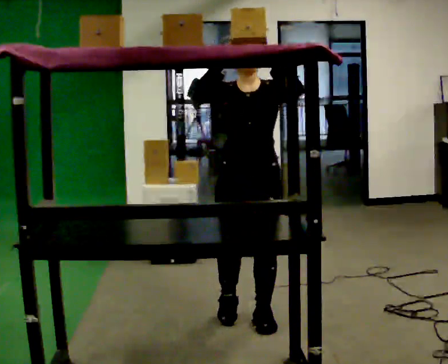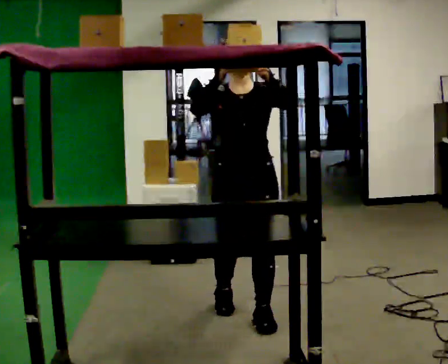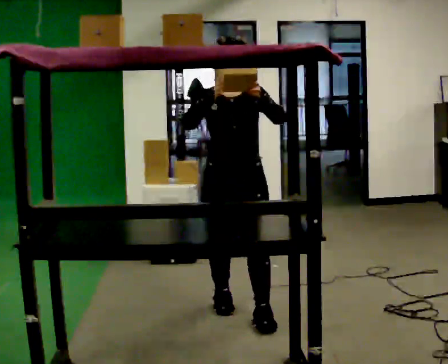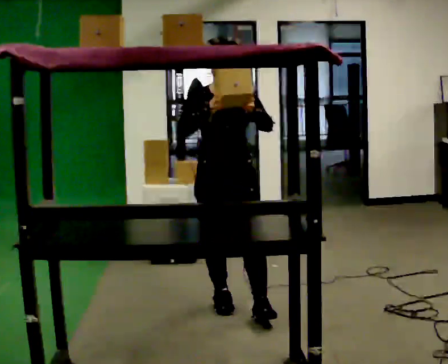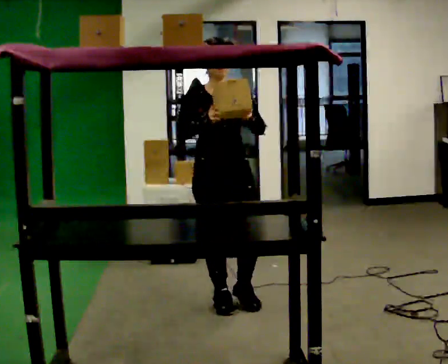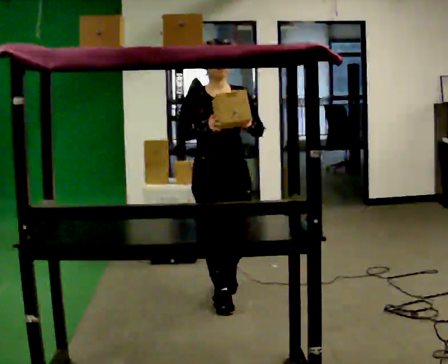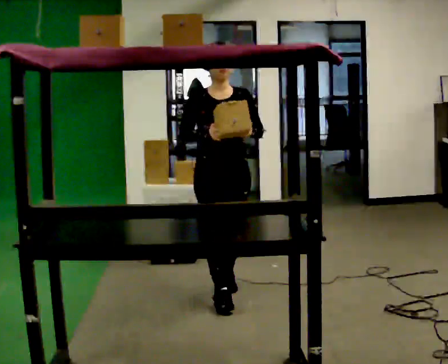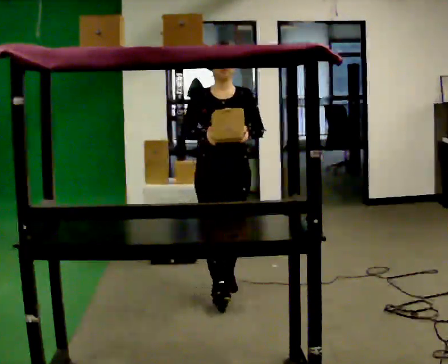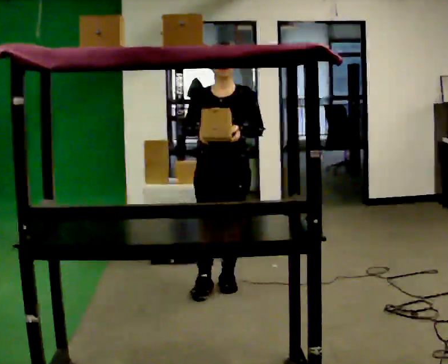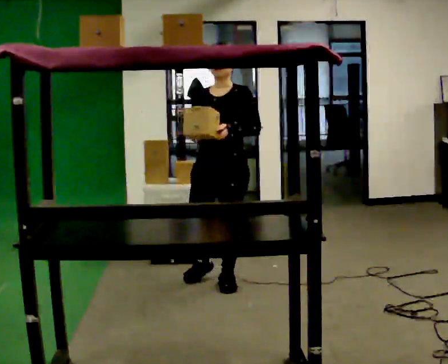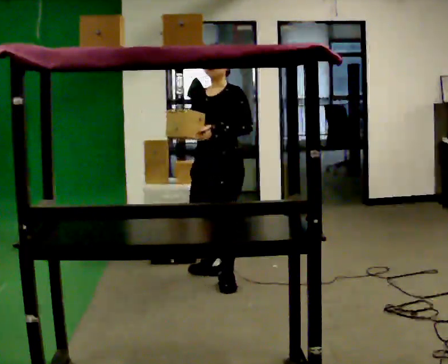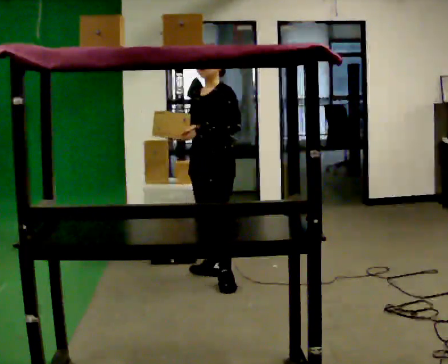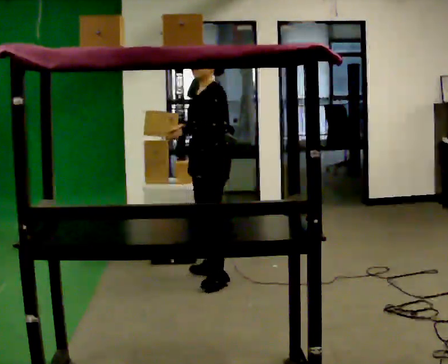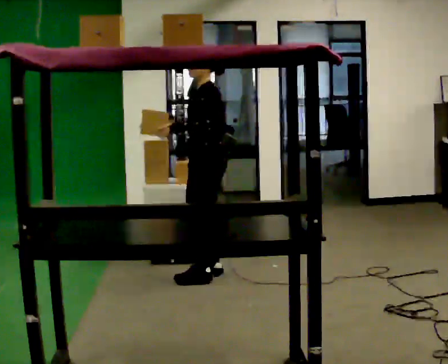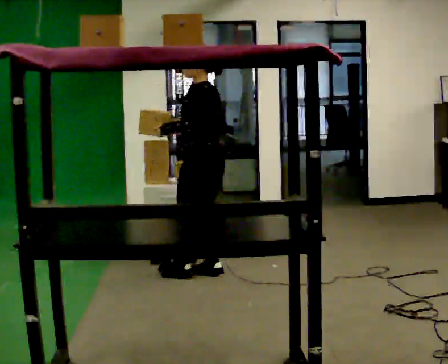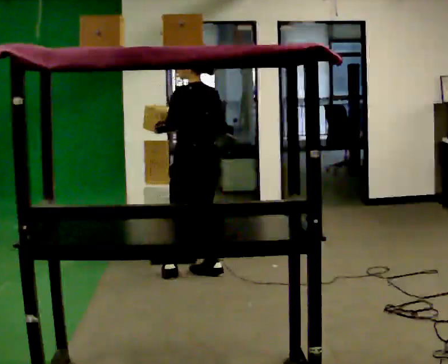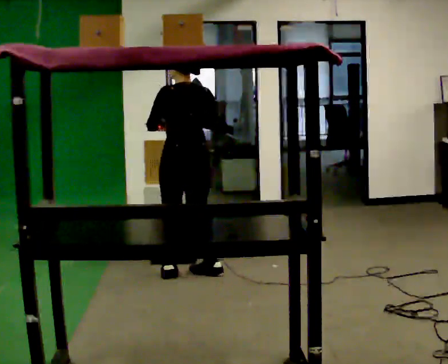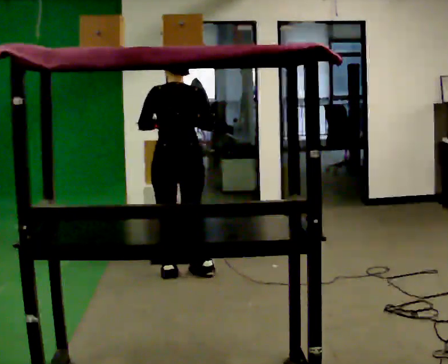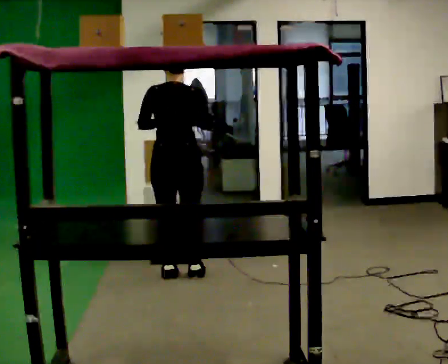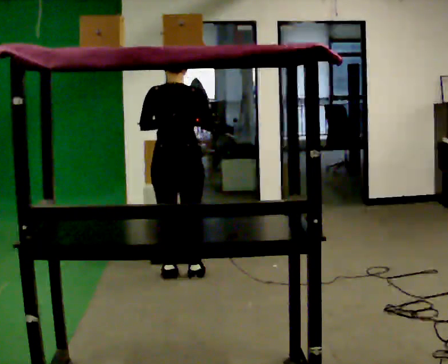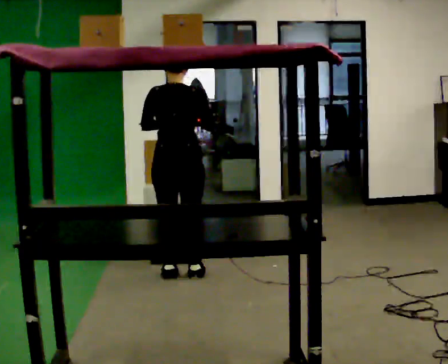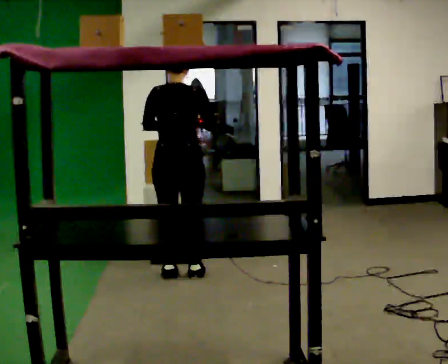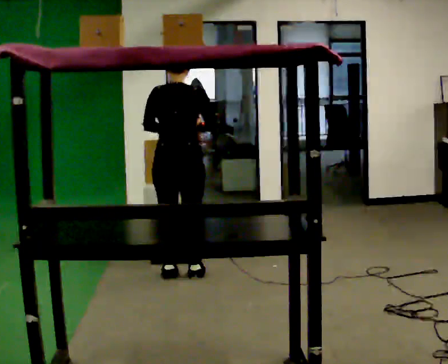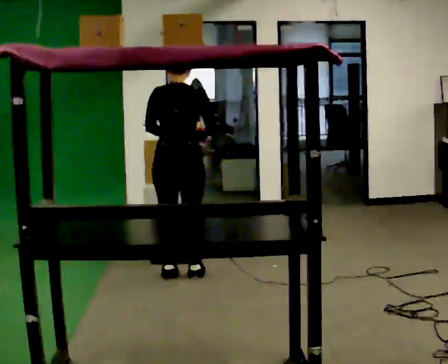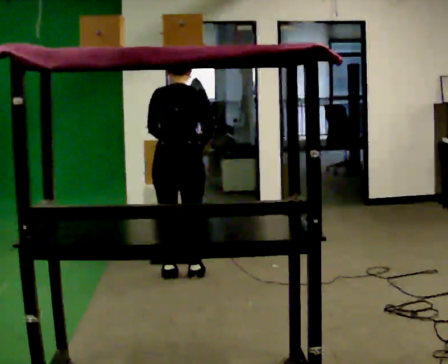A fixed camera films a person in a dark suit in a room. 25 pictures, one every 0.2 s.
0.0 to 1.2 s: In the picture they go away from the camera, about 0.5 m in 1 step, which for them is backward. In the picture their right hand goes downward.
1.2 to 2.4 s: The part of the body nearest the lens slides to the left as the person turns to their right by about 90 degrees. In the picture they go away from the camera, about 0.5 m in 2 steps.
2.4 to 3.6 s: The person turns about 105 degrees to their right, clockwise seen from above, so the part of the body nearest the lens slides to the left. In the picture they go to the left, about 0.25 m in 1 step.
3.6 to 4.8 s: The person moves a little, or ends about where they began.
The film runs backward here.
